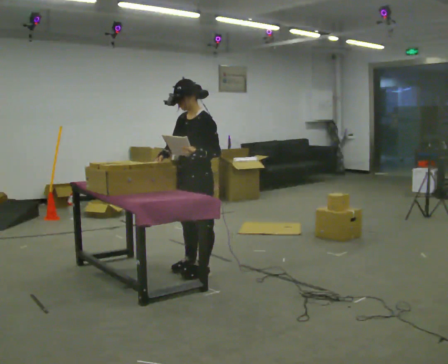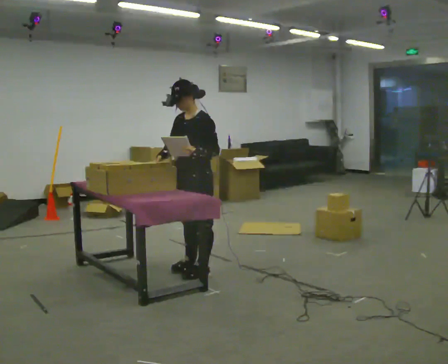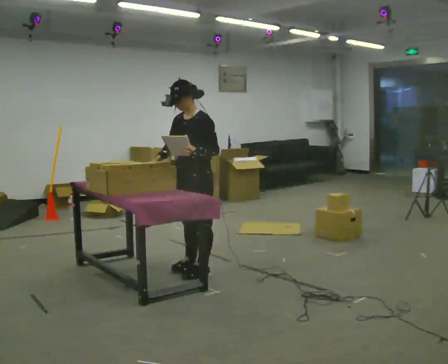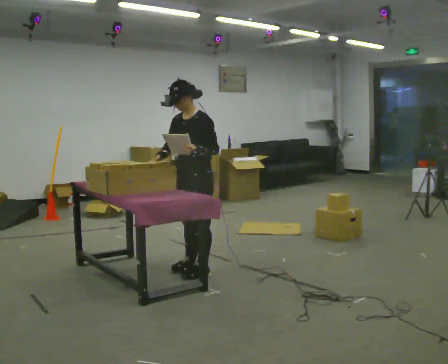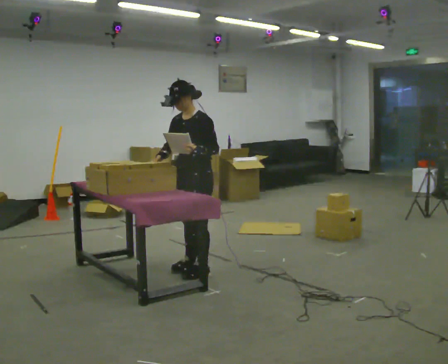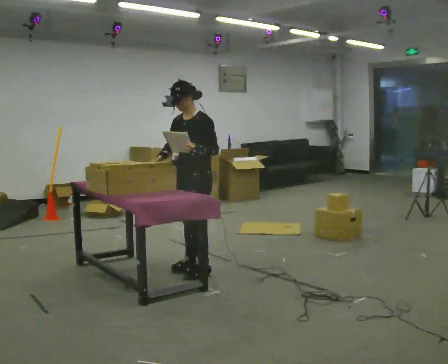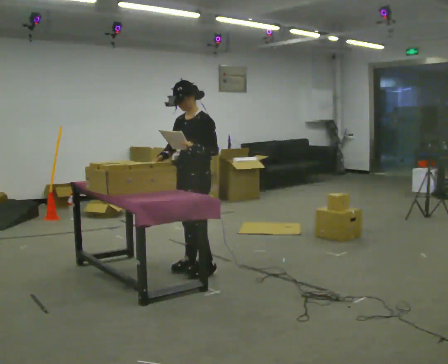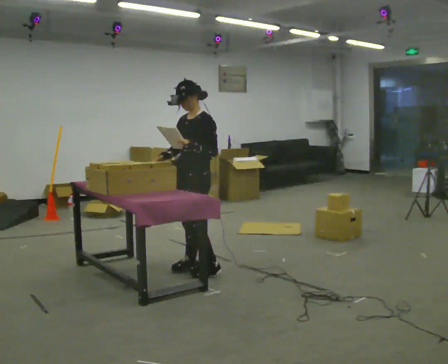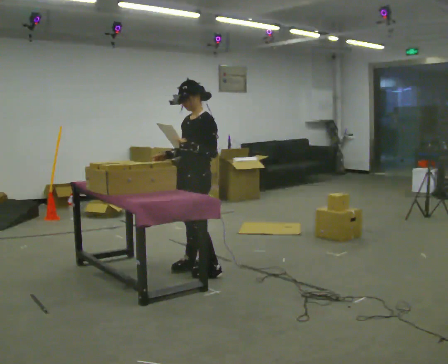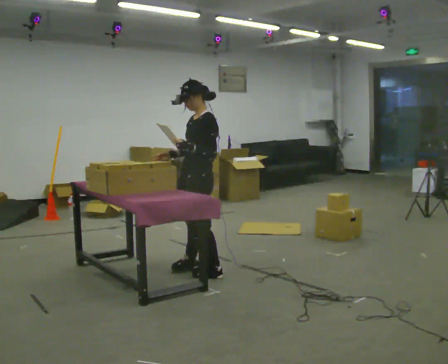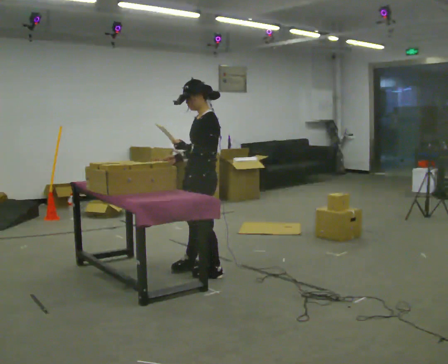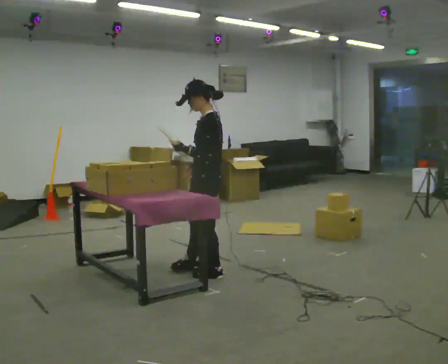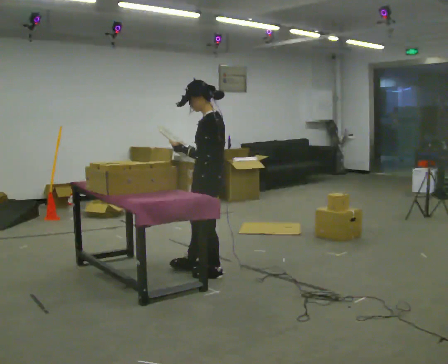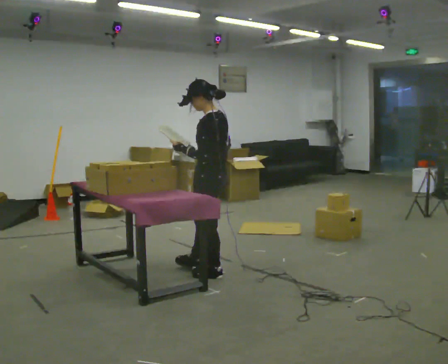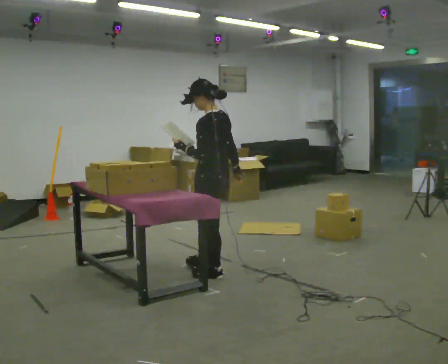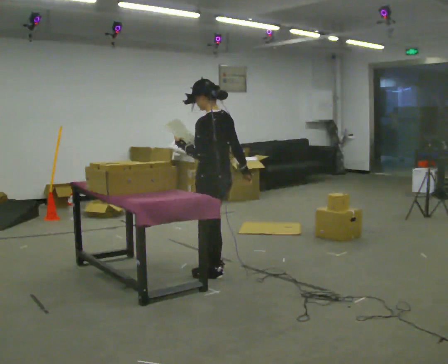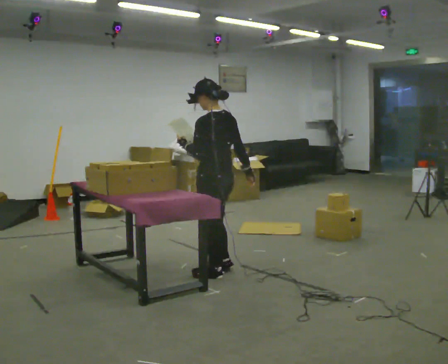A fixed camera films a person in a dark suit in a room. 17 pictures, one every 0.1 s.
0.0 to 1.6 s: The part of the body nearest the lens slides to the left as the person turns to their right by about 75 degrees. In the picture they go to the right, about 0.25 m. In the picture their right hand goes to the right, the arm swinging counterclockwise.
The film runs forward here.
